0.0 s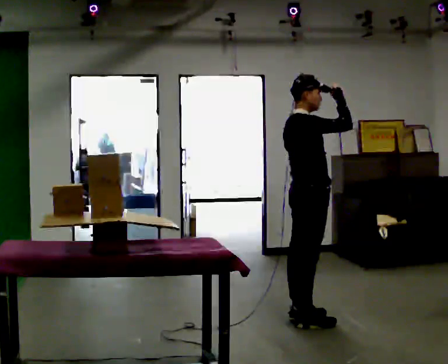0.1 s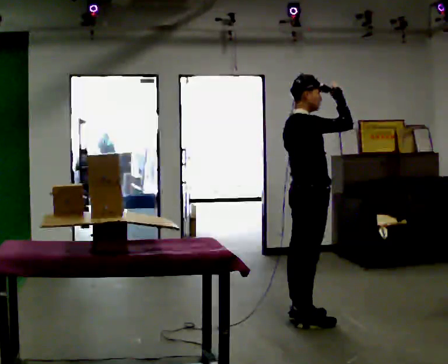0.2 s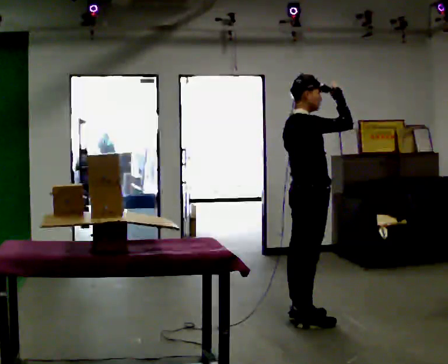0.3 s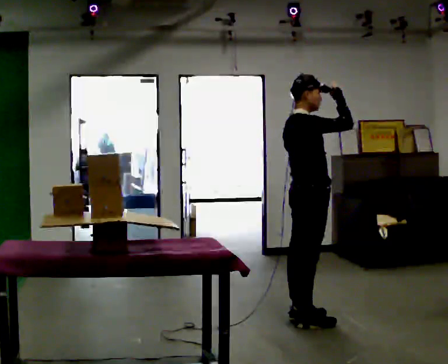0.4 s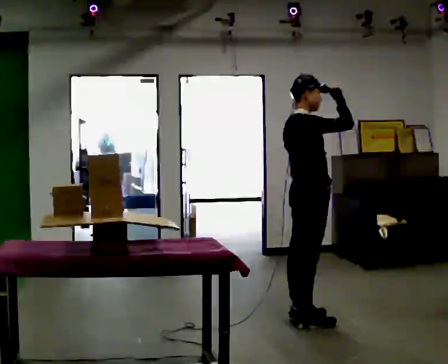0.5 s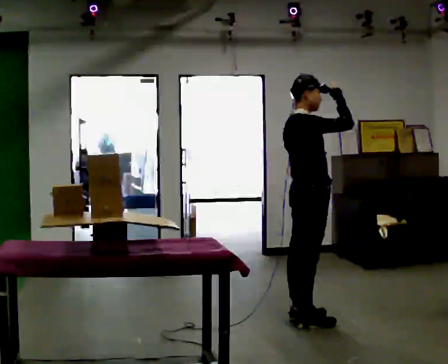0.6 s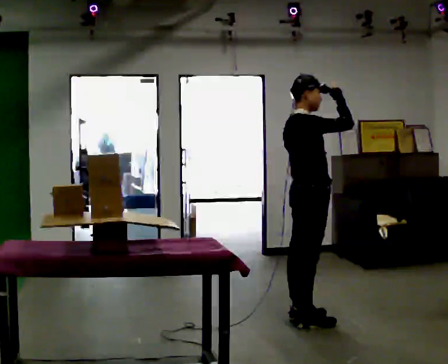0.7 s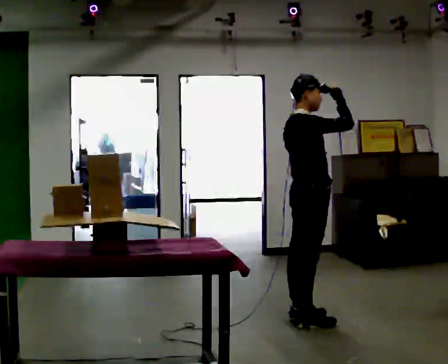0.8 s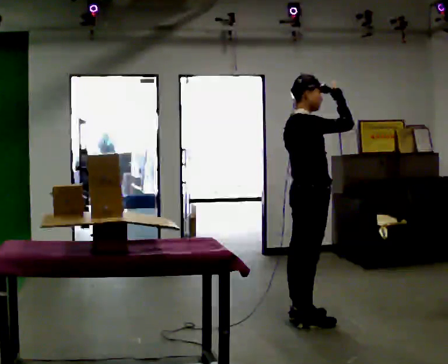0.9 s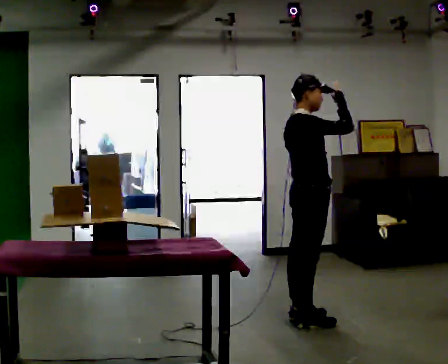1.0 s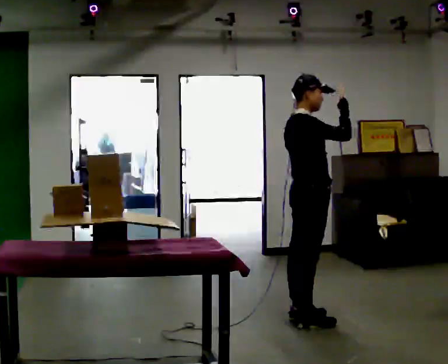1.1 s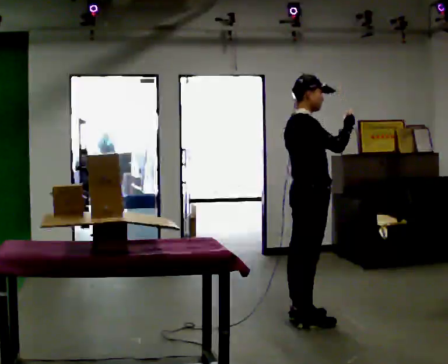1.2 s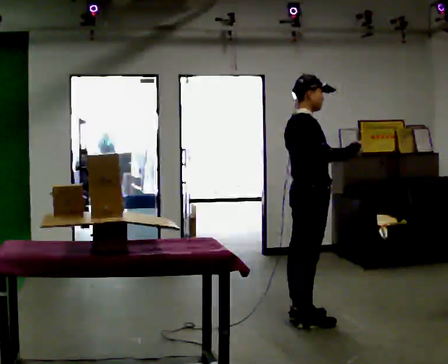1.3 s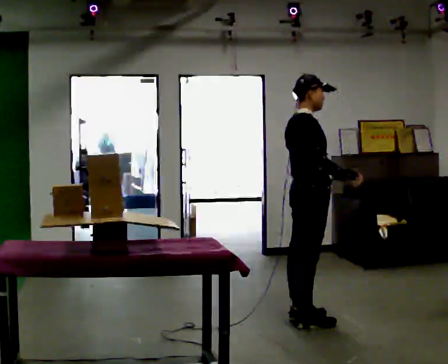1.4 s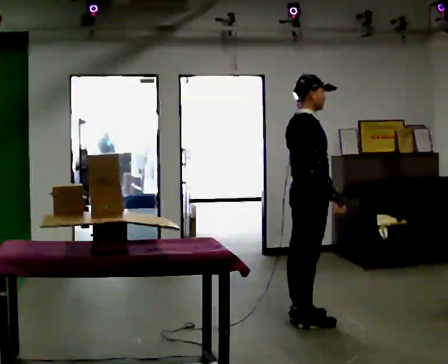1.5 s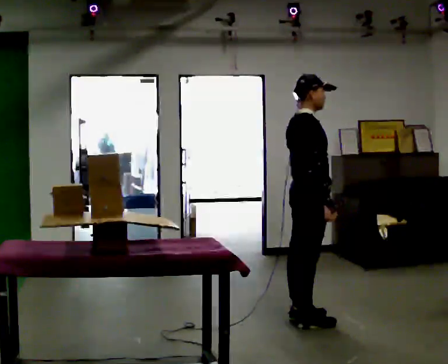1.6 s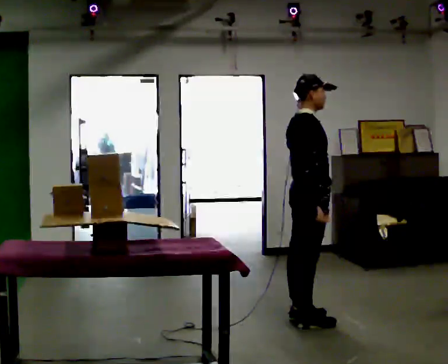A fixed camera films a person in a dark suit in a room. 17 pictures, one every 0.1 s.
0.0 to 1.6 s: In the picture their right hand goes downward, the arm swinging clockwise.
The film runs forward here.
